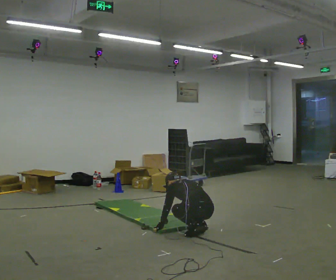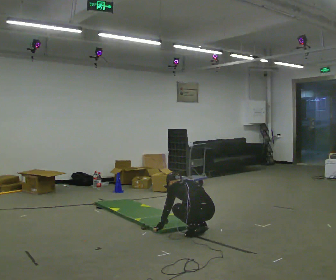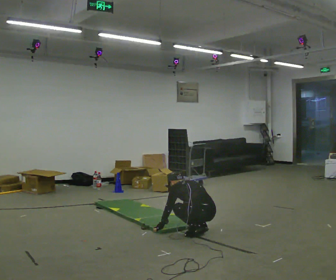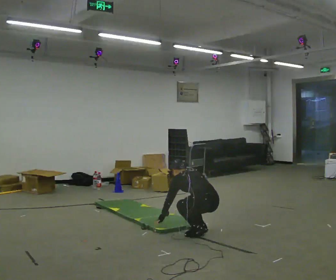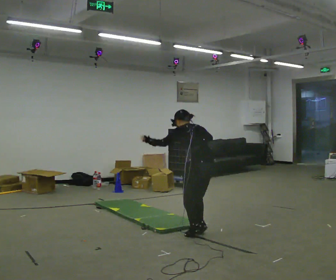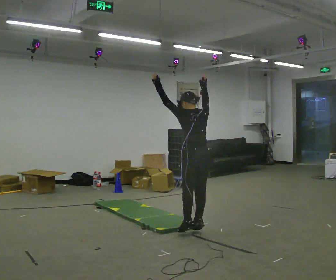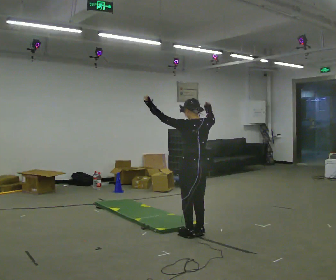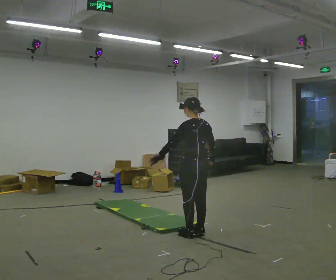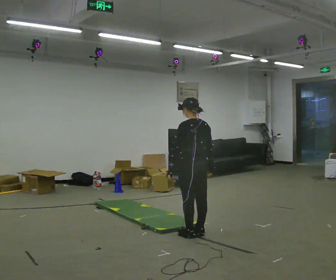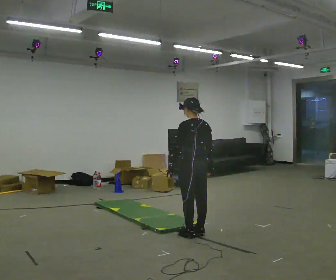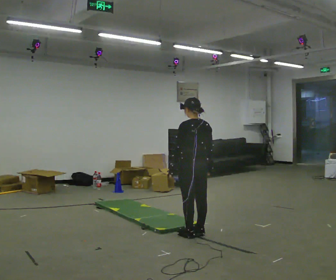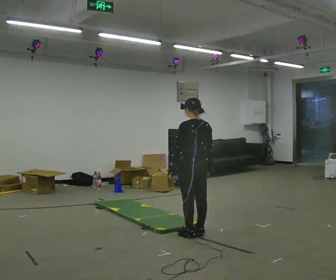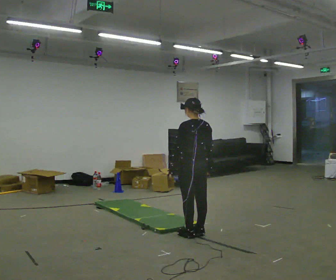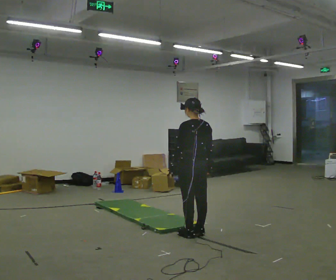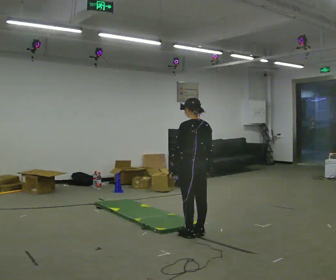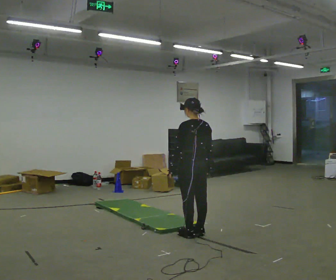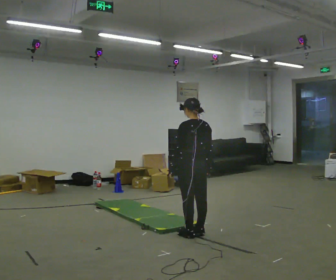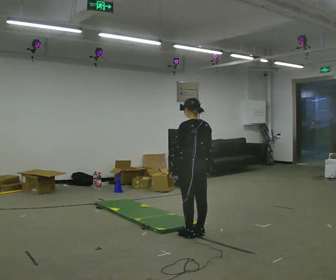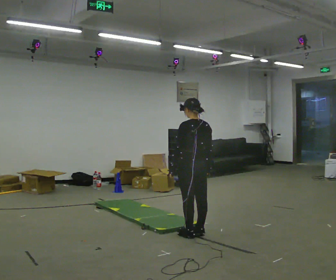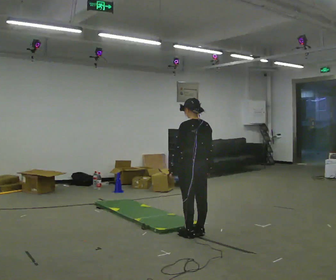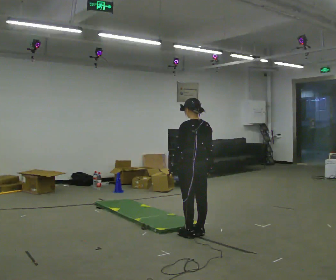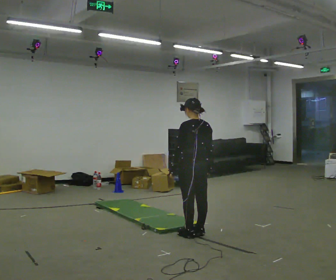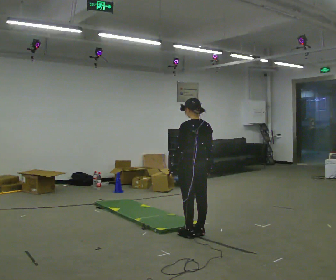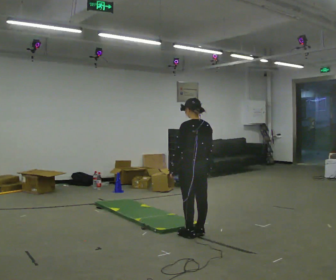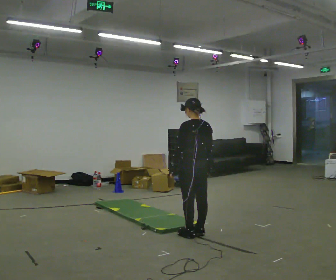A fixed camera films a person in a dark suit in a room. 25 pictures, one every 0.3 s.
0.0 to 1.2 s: The upper body goes upward. The upper body tips toward the camera, its near side rolling downward, as they lean back or straighten. In the picture their right hand goes upward.
1.2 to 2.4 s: The upper body tips toward the camera, its near side rolling downward, as they lean back or straighten. In the picture their right hand goes downward.
2.4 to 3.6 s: The person moves a little, or ends about where they began.
3.6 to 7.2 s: The person keeps their place and pose.
The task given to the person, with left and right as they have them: From standing, drop to your hands, kick your feet back, return and jump up. Repeat the movement at your own pace until the operator says stop; do not rush.
The film runs forward here.
